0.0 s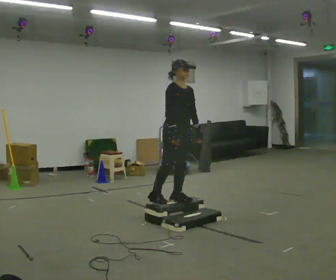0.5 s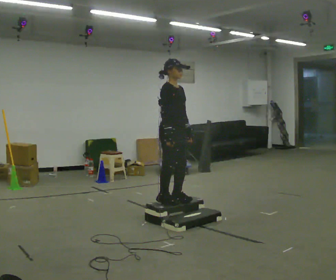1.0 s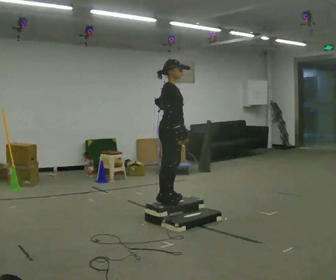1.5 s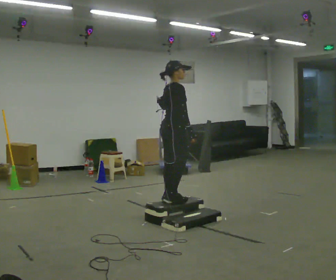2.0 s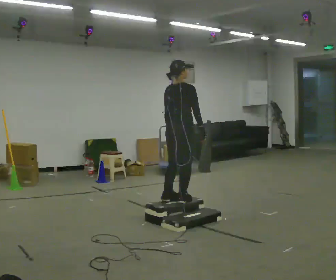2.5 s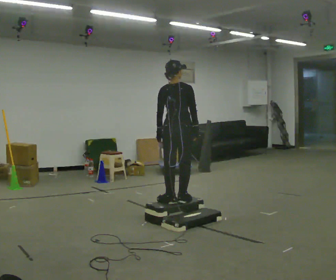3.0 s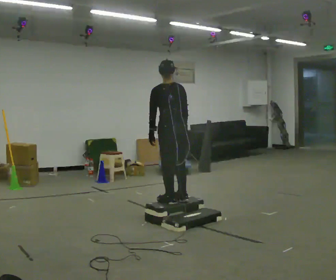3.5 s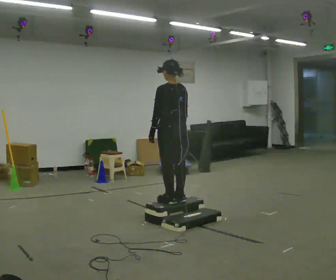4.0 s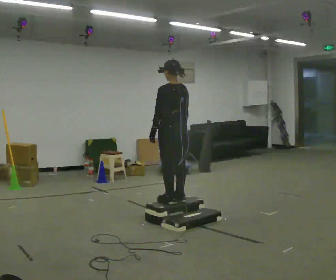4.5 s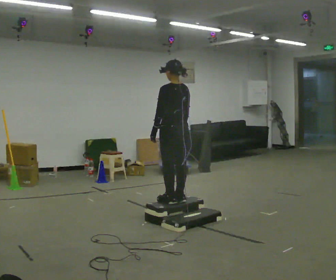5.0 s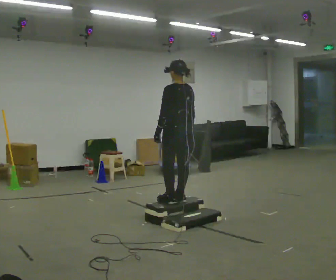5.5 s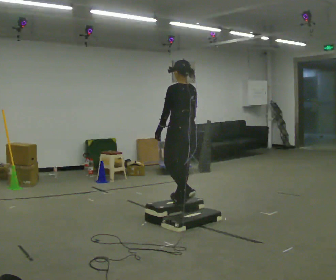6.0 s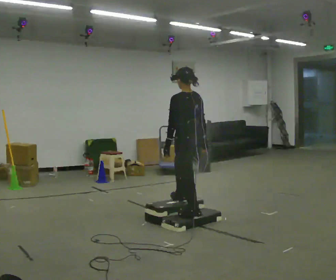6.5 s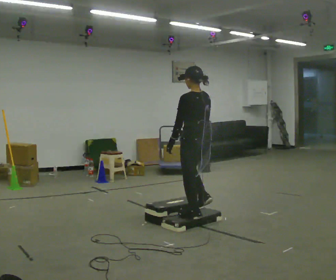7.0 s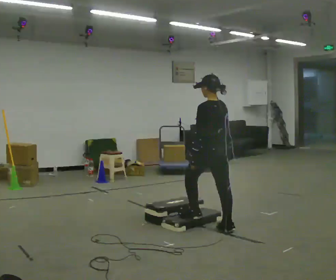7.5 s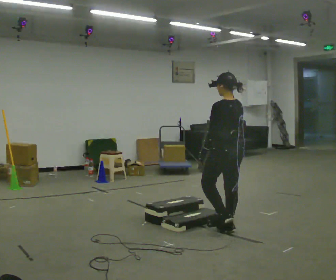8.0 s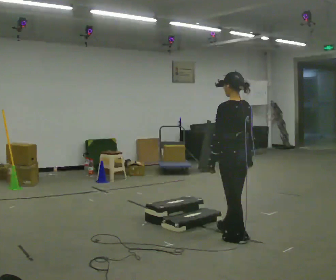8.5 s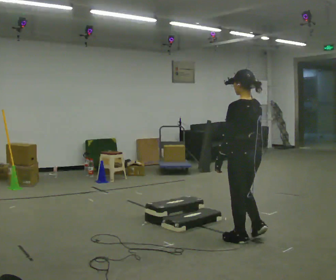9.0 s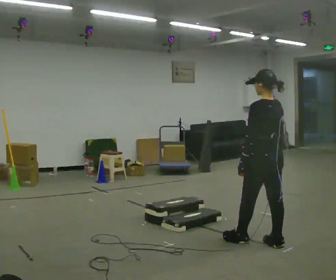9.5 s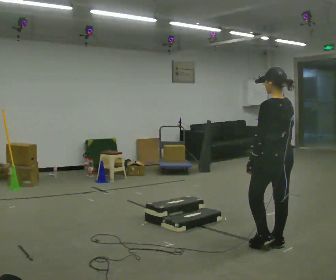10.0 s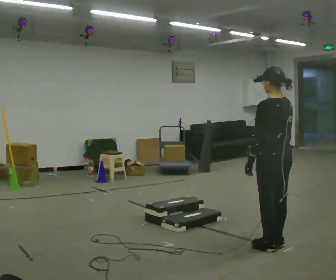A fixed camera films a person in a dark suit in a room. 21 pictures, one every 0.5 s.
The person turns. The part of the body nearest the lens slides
to the right.
The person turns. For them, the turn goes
to their left.
0.0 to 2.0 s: The part of the body nearest the lens slides to the right as the person turns to their left by about 105 degrees. In the picture their right hand goes to the right.
2.0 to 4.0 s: The part of the body nearest the lens slides to the right as the person turns to their left by about 75 degrees.
4.0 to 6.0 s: In the picture they go toward the camera and to the right, about 0.25 m in 1 step, which for them is backward.
6.0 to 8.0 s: In the picture they go toward the camera and to the right, about 0.75 m in 2 steps, which for them is backward.
8.0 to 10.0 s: In the picture they go toward the camera and to the right, about 0.5 m in 2 steps, which for them is backward.
The film runs backward here.
